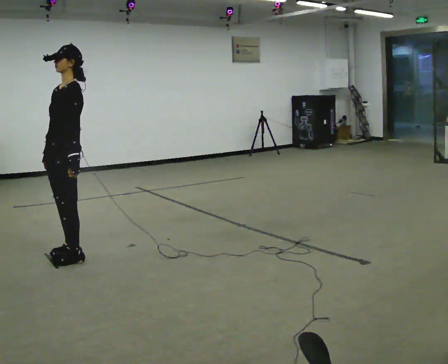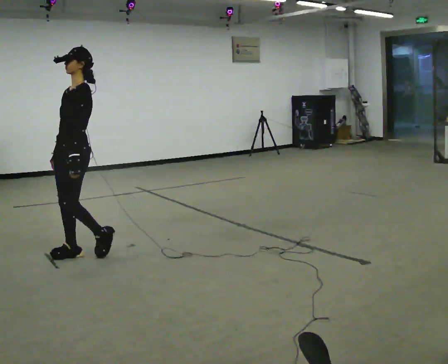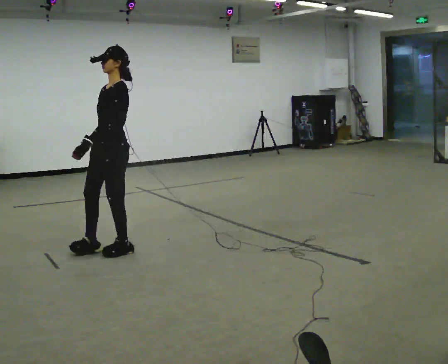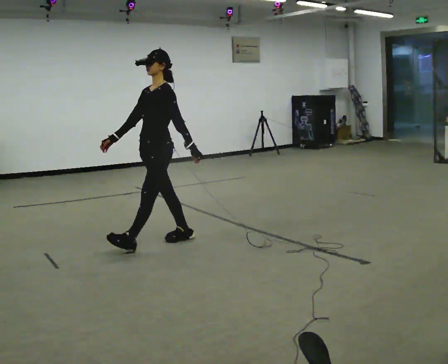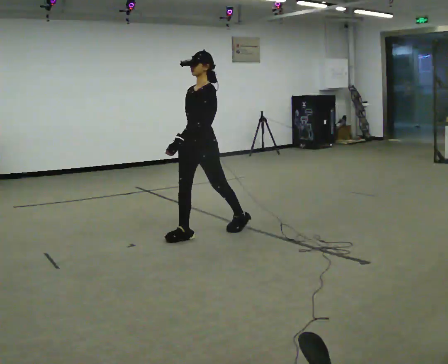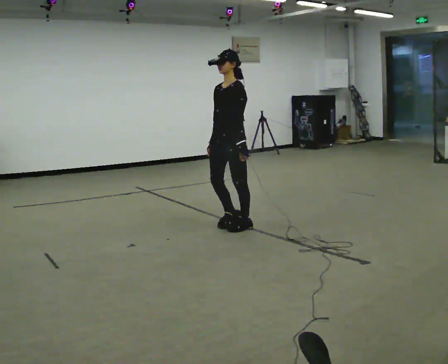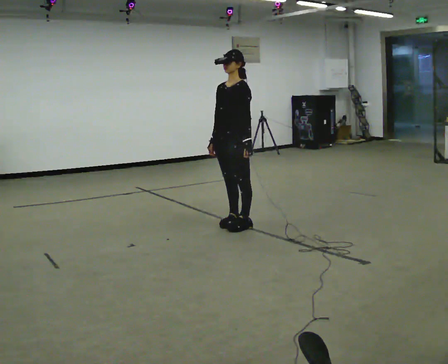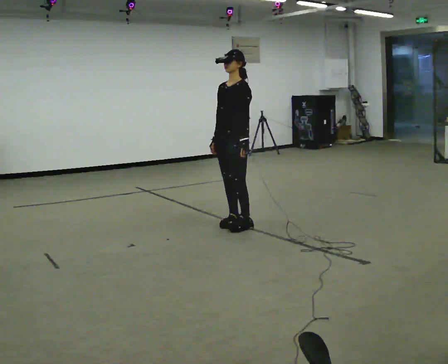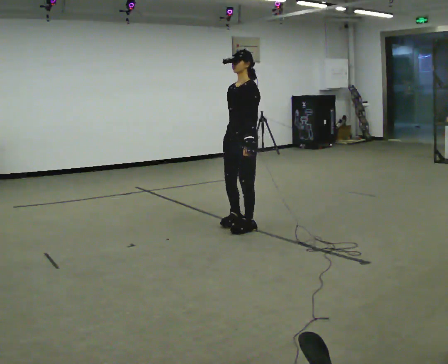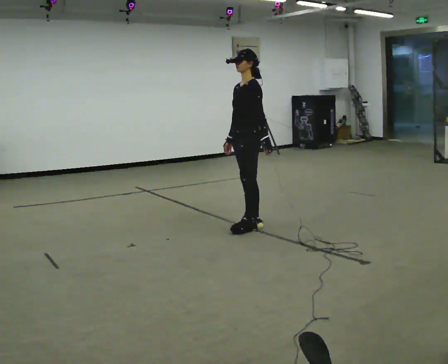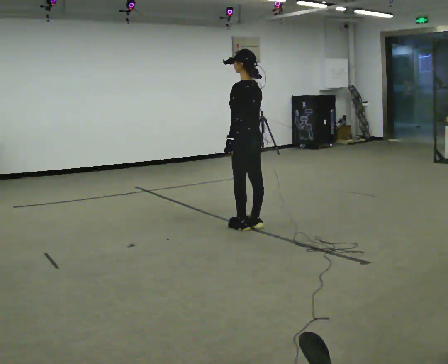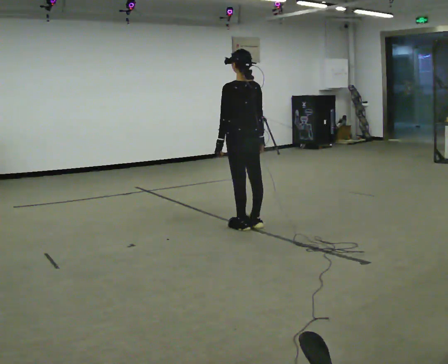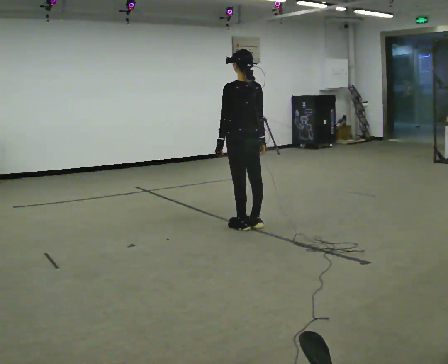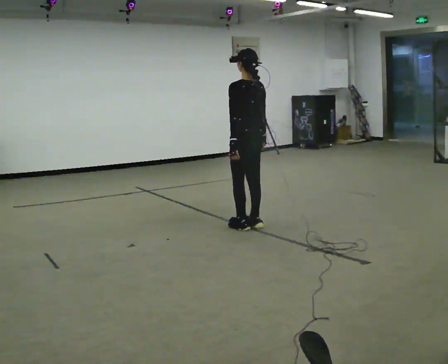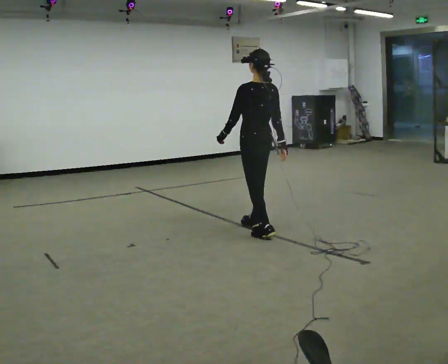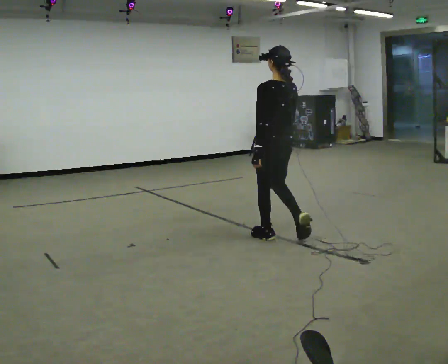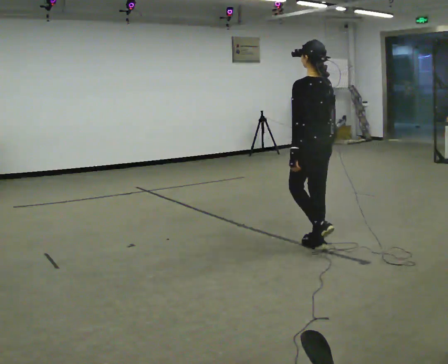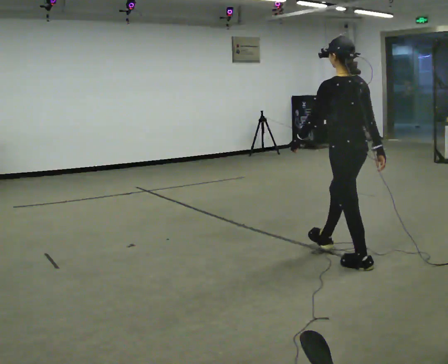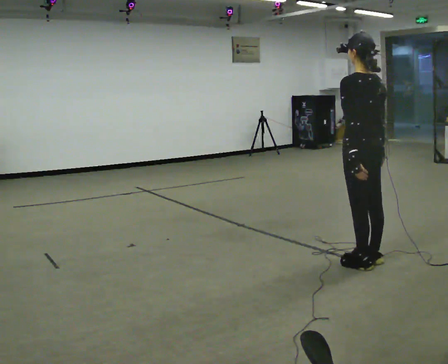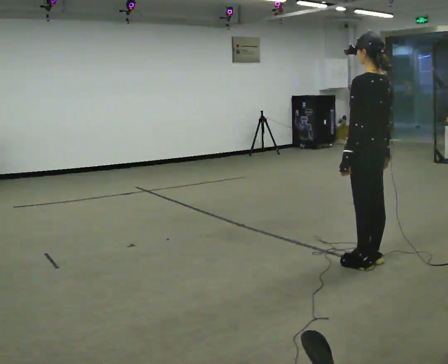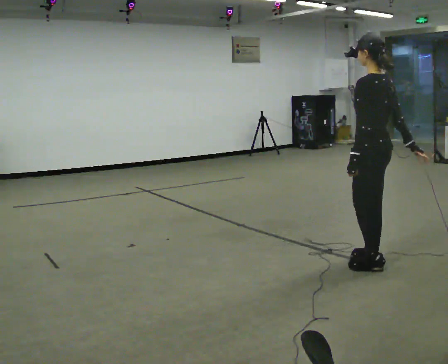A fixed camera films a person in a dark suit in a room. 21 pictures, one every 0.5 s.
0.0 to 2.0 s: In the picture they go to the right and away from the camera, about 1 m in 3 steps, which for them is backward.
2.0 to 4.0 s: In the picture they go to the right and away from the camera, about 0.5 m in 1 step, which for them is backward.
4.0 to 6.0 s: Seen from above the body turns clockwise, about 90 degrees: to their right, with its near side sliding to the left.
6.0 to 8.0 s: In the picture they go toward the camera and to the right, about 1 m in 3 steps, which for them is backward.
8.0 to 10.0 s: In the picture they go toward the camera and to the right, about 0.5 m in 1 step, which for them is backward.
The film runs backward here.
